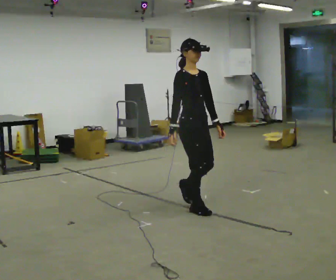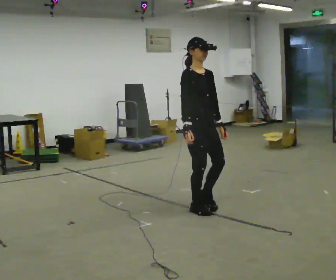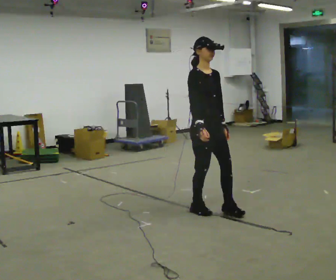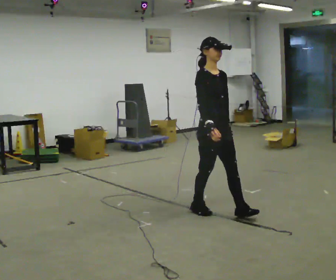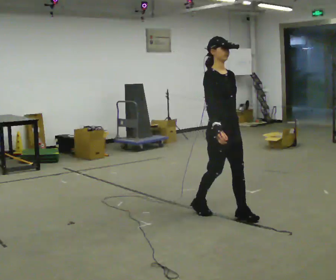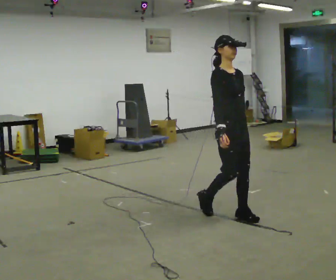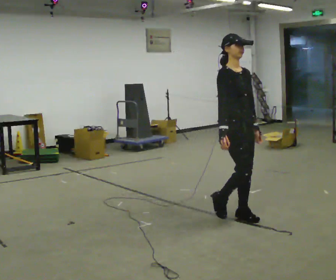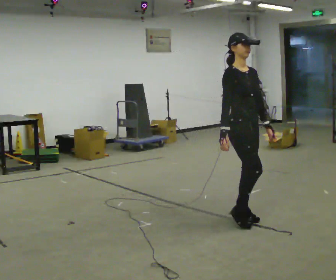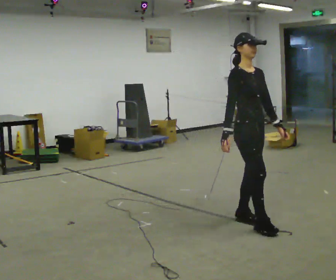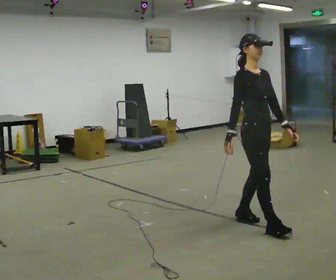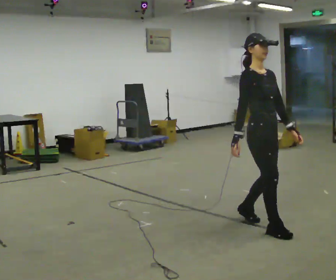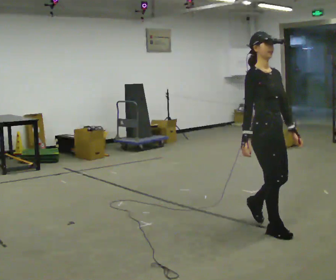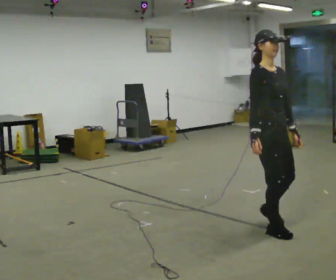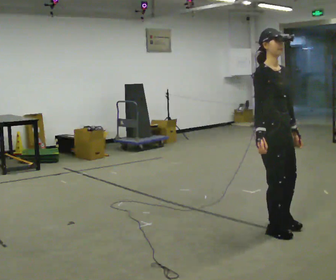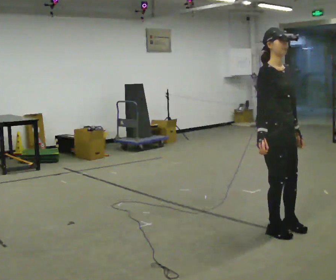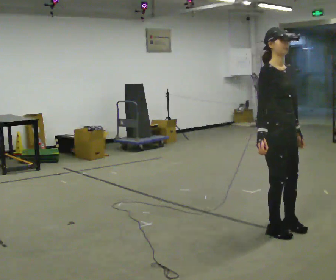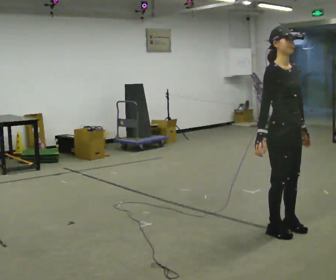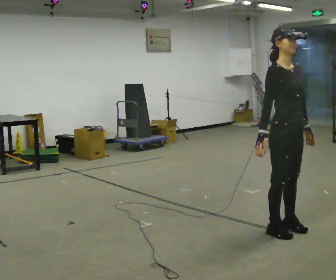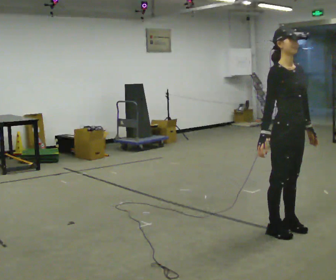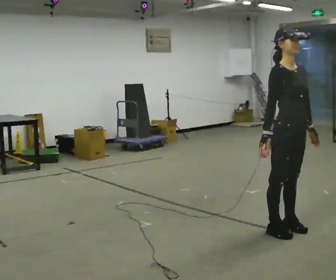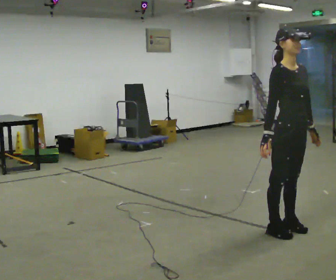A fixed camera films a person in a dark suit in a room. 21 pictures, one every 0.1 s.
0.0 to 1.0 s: In the picture they go to the right and toward the camera, about 1 m in 2 steps, which for them is forward.
1.0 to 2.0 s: In the picture they go to the right, about 0.25 m in 1 step, which for them is forward.
The film runs forward here.
